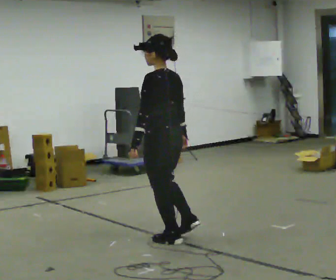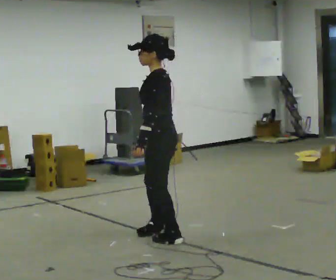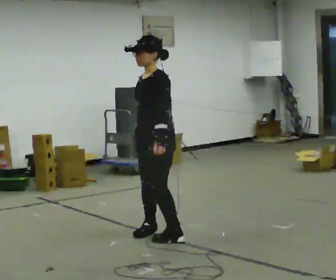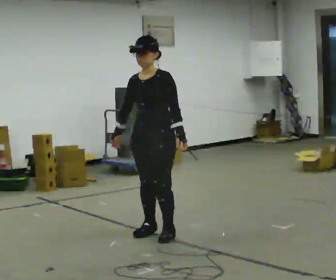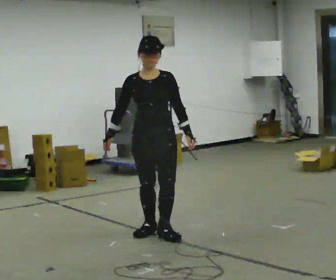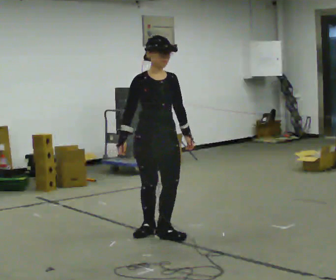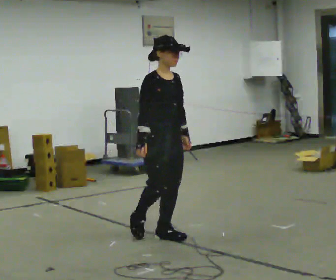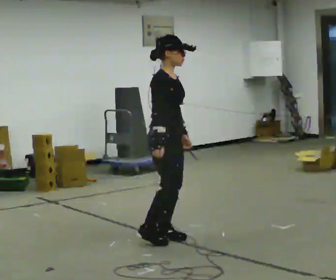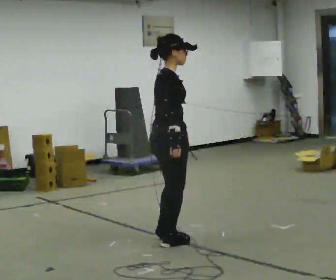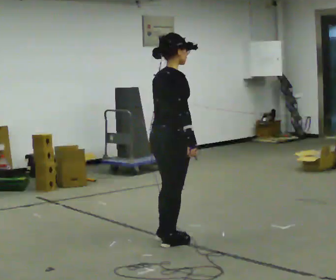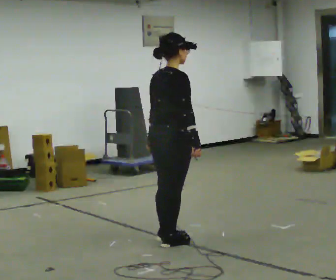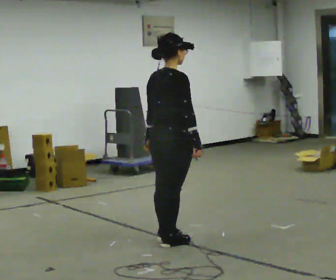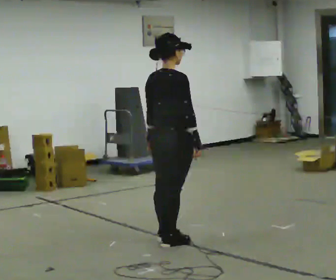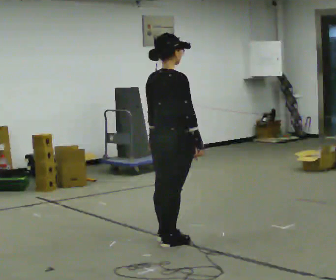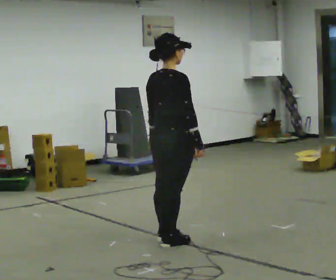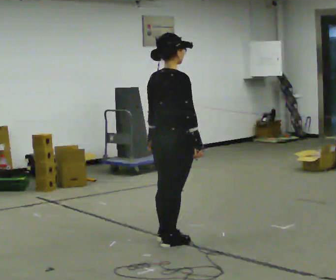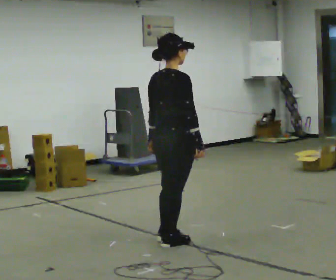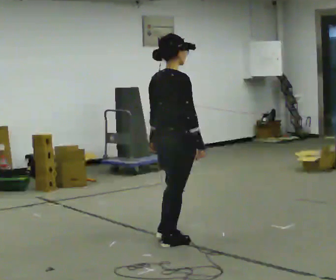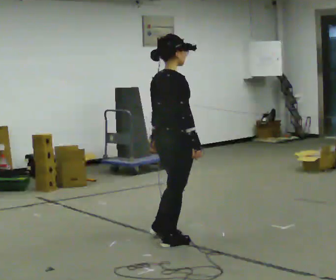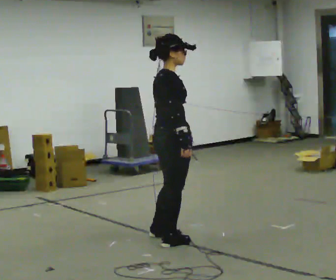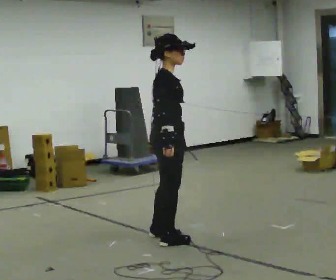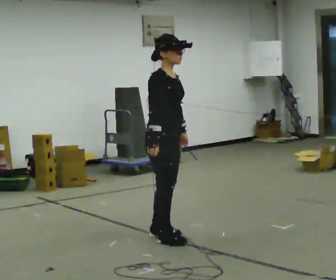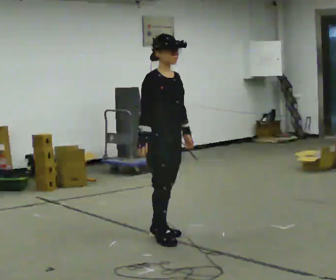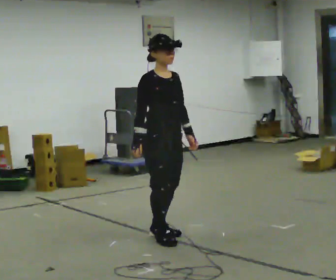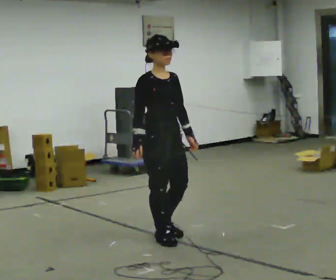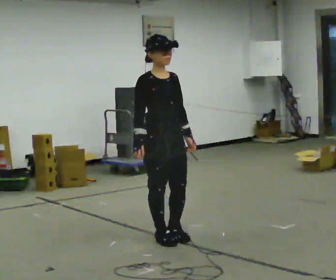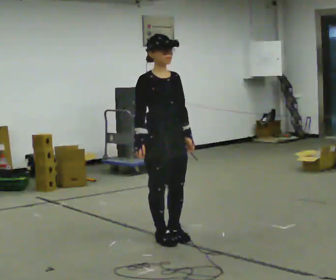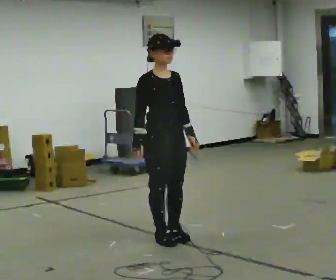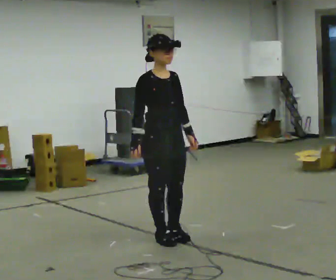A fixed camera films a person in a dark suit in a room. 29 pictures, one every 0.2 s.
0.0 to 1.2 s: The part of the body nearest the lens slides to the right as the person turns to their left by about 180 degrees.
1.2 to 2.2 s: Seen from above the body turns counterclockwise, about 75 degrees: to their left, with its near side sliding to the right. In the picture they go toward the camera, about 0.25 m in 1 step. In the picture their right hand goes to the right.
2.2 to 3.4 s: The person moves a little, or ends about where they began.
3.4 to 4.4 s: The person turns about 75 degrees to their right, clockwise seen from above, so the part of the body nearest the lens slides to the left. In the picture they go away from the camera, about 0.25 m in 1 step. In the picture their right hand goes to the left.
4.4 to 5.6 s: The person moves a little, or ends about where they began.
The film runs forward here.
